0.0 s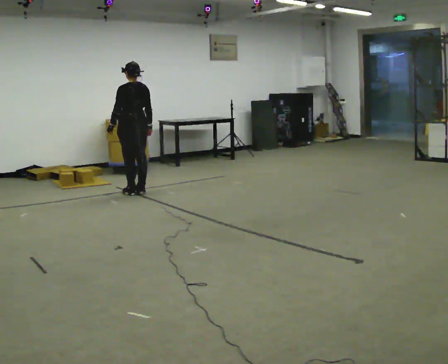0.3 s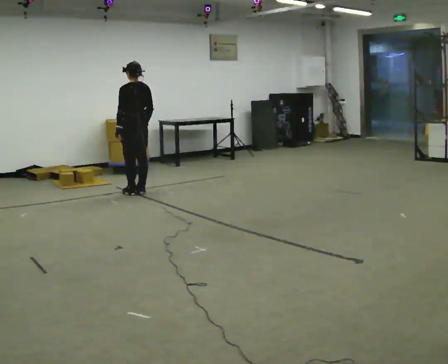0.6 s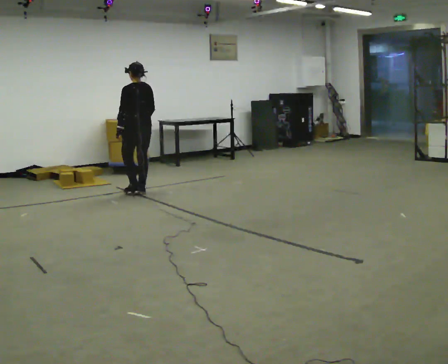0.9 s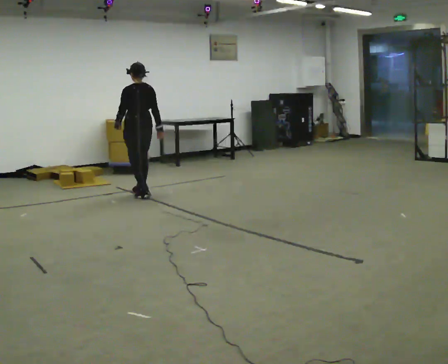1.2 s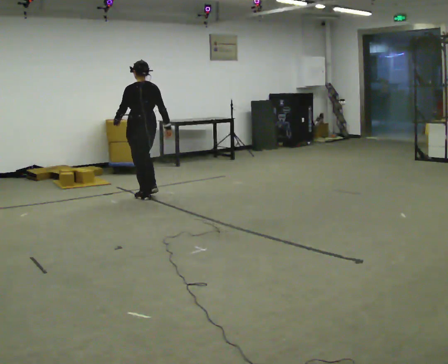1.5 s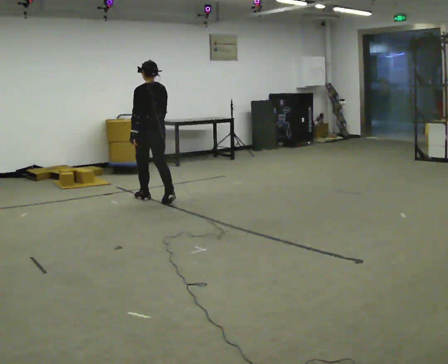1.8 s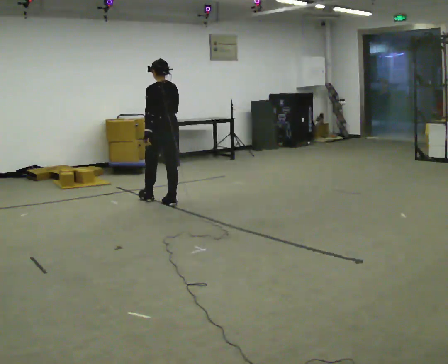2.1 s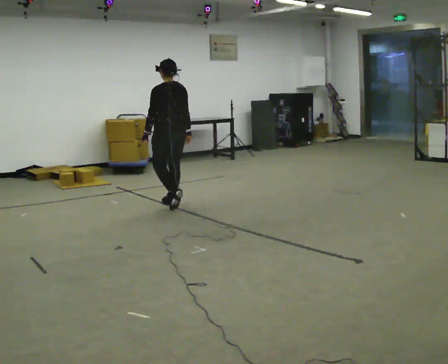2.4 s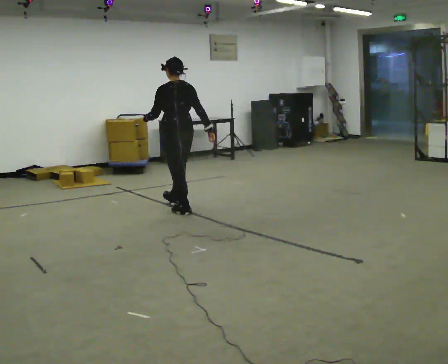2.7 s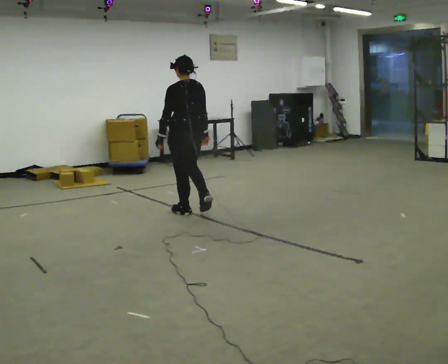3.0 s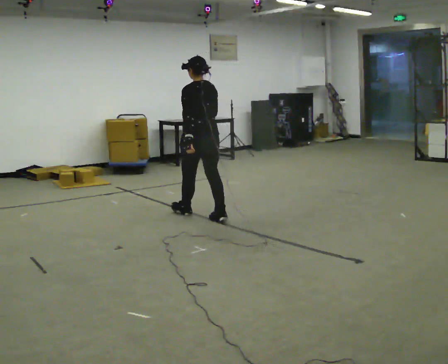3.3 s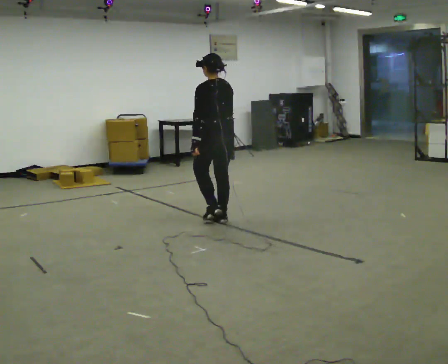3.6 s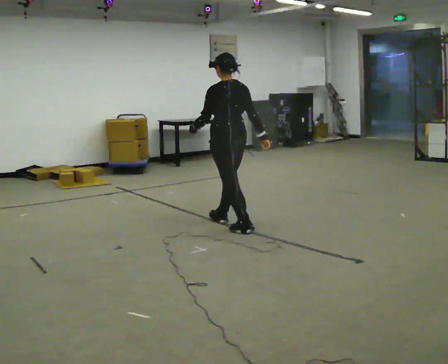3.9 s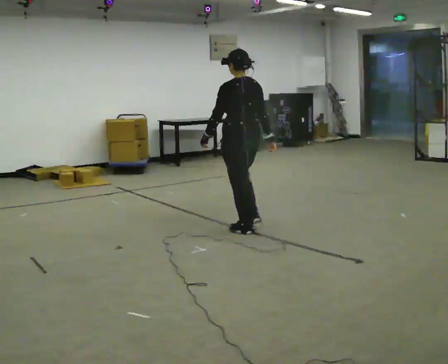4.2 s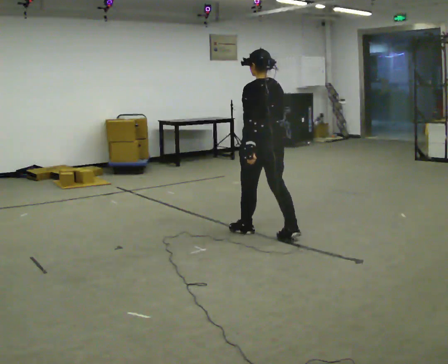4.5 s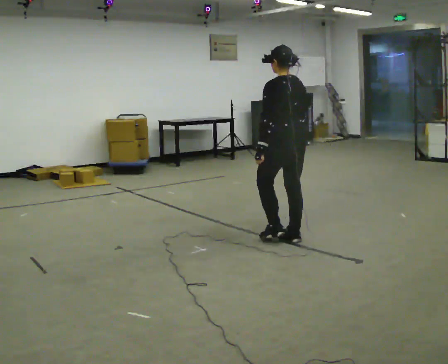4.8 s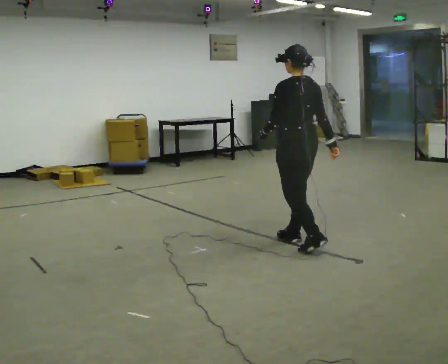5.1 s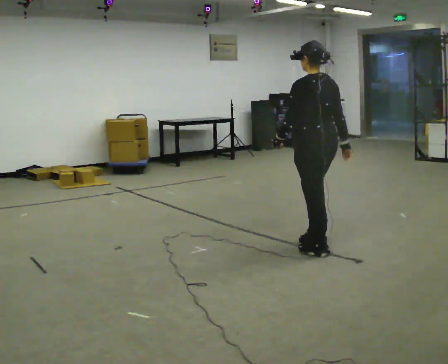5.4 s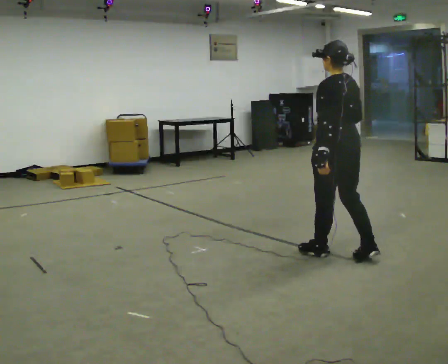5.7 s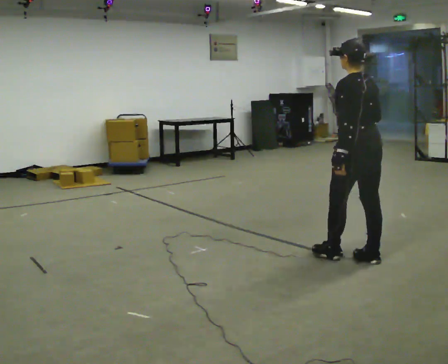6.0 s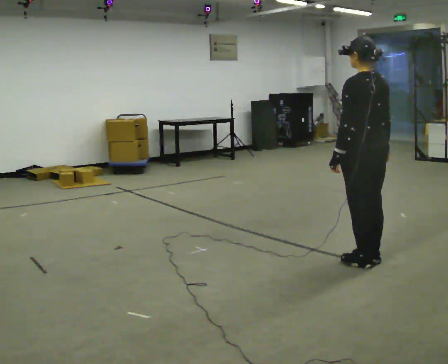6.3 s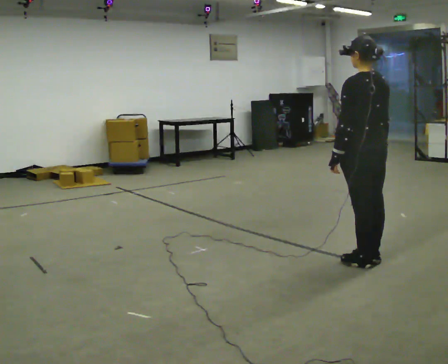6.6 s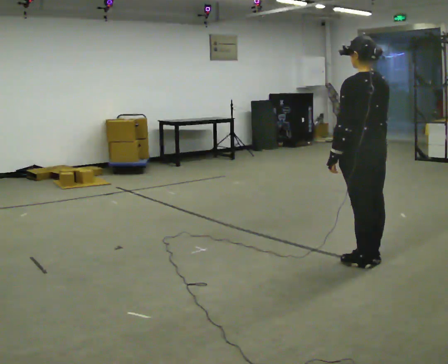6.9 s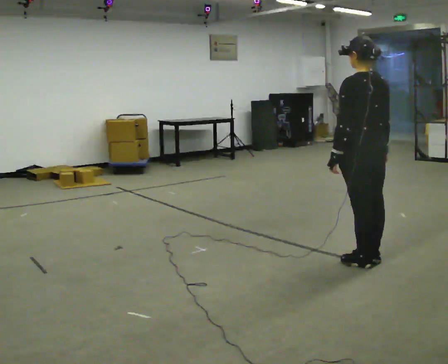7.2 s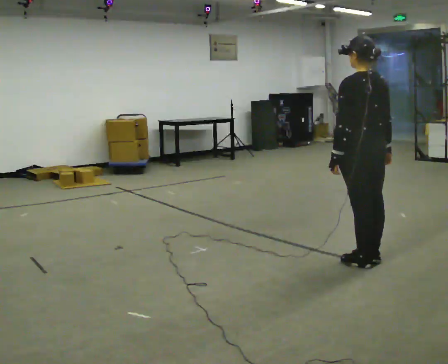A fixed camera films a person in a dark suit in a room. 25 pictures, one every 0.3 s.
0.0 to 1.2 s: In the picture they go toward the camera and to the right, about 0.25 m in 2 steps, which for them is backward.
1.2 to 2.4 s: In the picture they go toward the camera and to the right, about 0.5 m in 2 steps, which for them is backward.
2.4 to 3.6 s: In the picture they go toward the camera and to the right, about 1 m in 1 step, which for them is backward.
3.6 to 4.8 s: In the picture they go toward the camera and to the right, about 1 m in 2 steps, which for them is backward.
4.8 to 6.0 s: In the picture they go toward the camera and to the right, about 0.75 m in 2 steps, which for them is backward.
6.0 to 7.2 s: The person moves a little, or ends about where they began.
The film runs backward here.
